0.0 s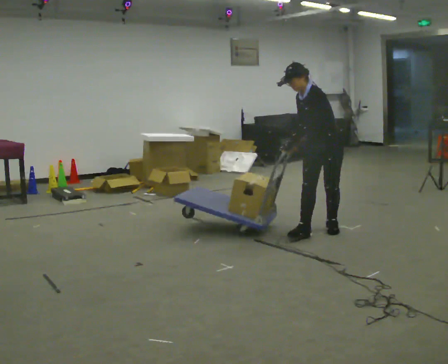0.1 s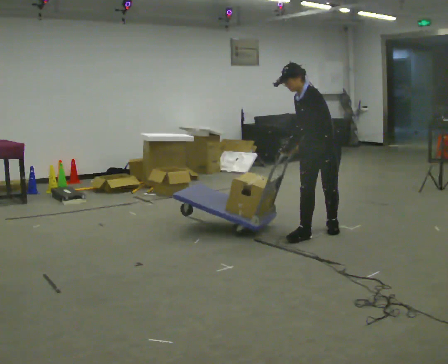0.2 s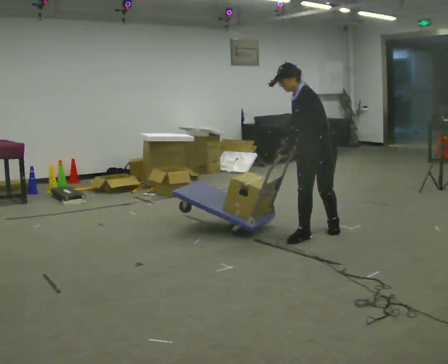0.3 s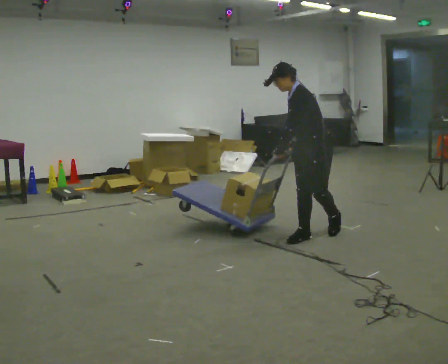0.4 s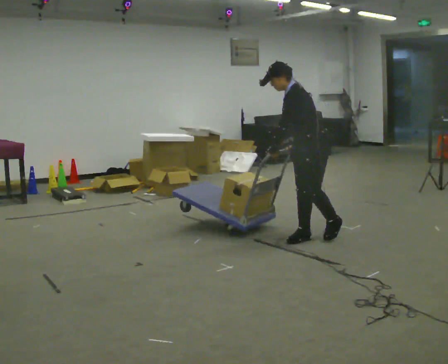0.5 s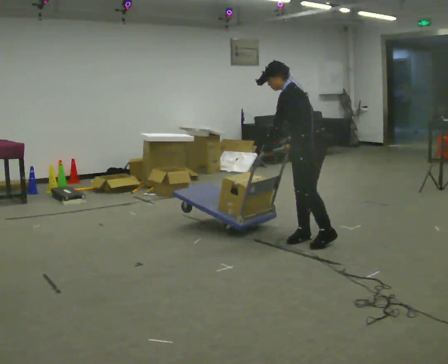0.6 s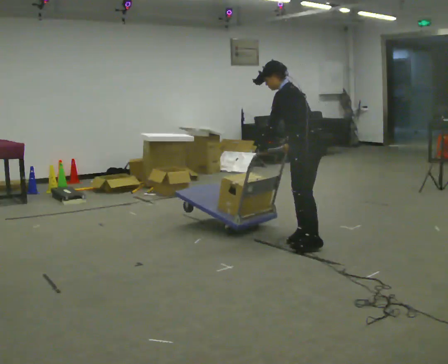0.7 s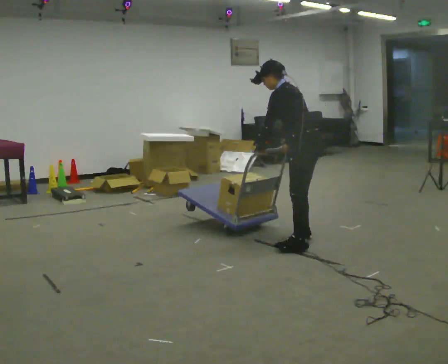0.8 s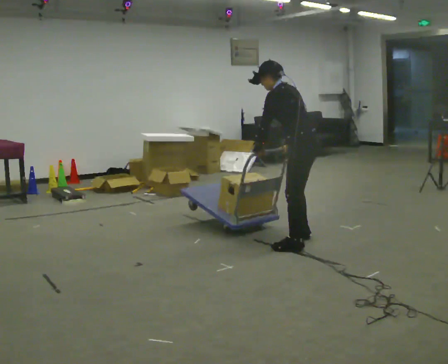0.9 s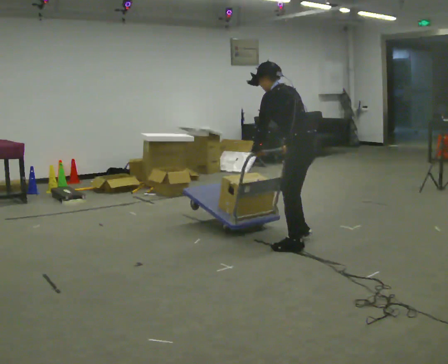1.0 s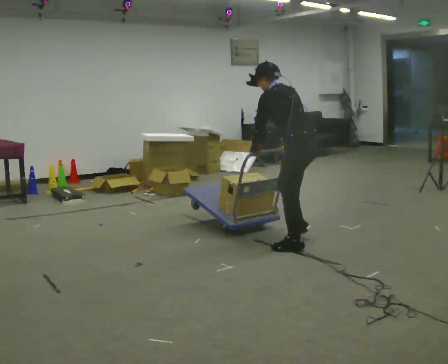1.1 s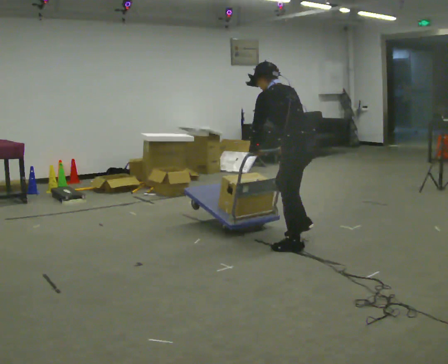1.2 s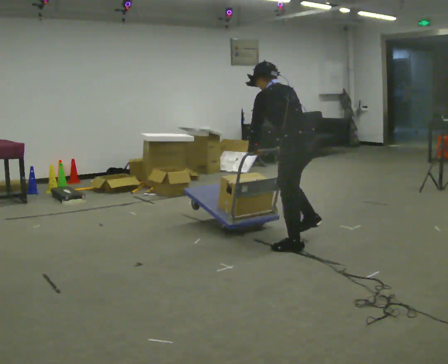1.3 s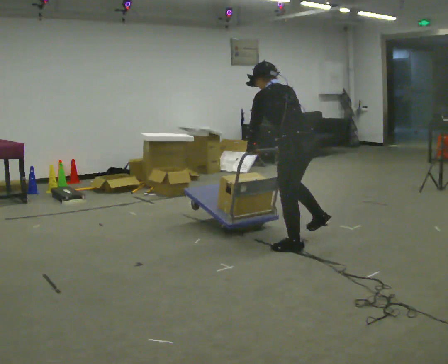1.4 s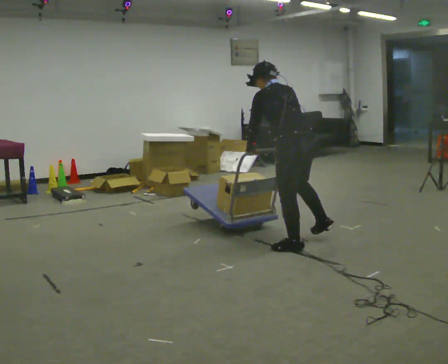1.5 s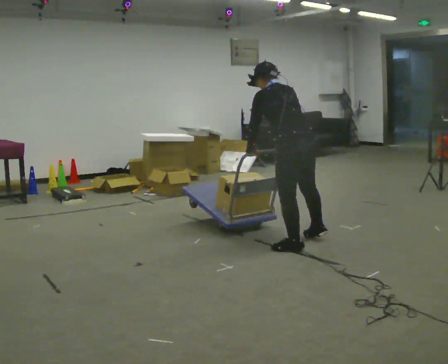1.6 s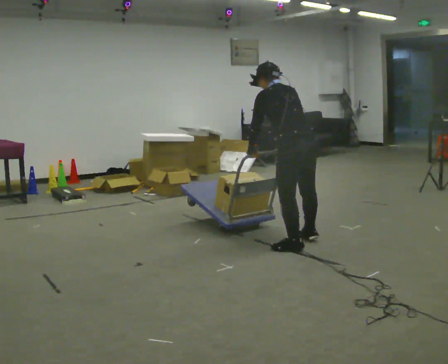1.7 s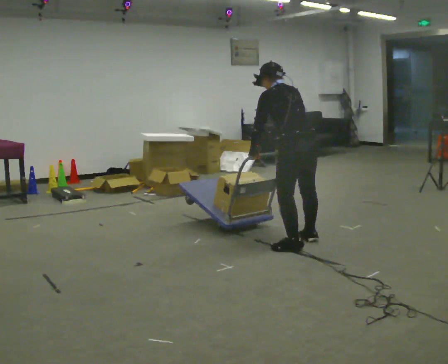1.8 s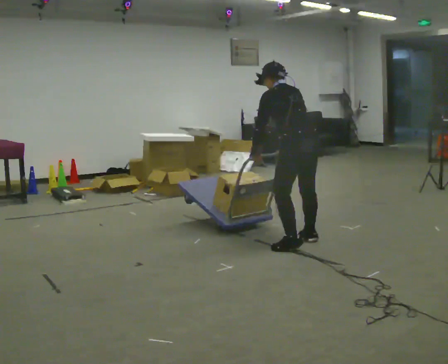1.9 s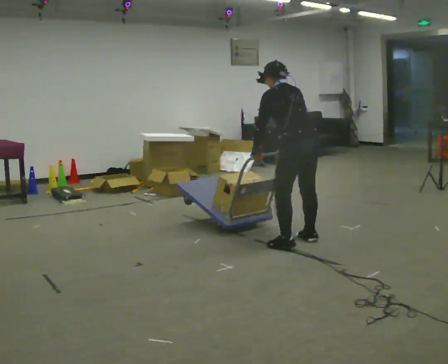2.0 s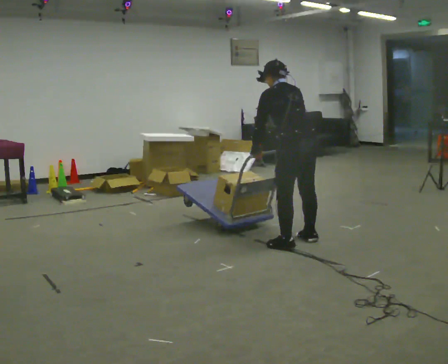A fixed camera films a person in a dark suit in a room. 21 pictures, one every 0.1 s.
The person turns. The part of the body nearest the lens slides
to the left.
The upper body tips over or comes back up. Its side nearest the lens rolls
upward.
0.0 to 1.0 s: The person turns about 75 degrees to their right, clockwise seen from above, so the part of the body nearest the lens slides to the left. In the picture they go toward the camera, about 0.5 m in 2 steps. The upper body tips away from the camera, its near side rolling upward.
1.0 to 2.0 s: The person moves a little, or ends about where they began.
The film runs forward here.
